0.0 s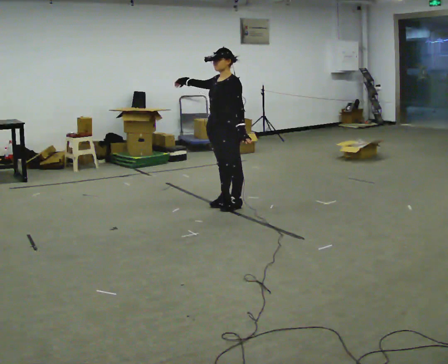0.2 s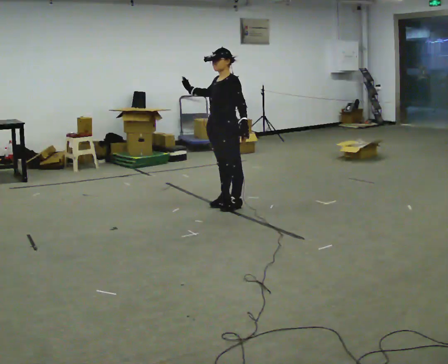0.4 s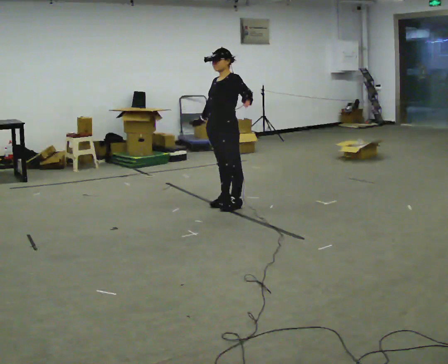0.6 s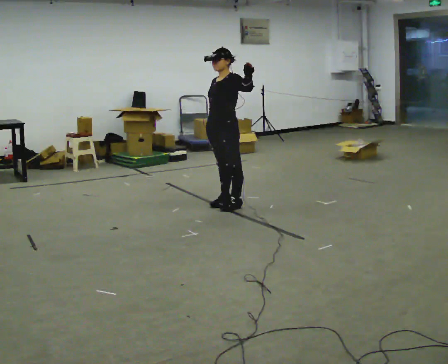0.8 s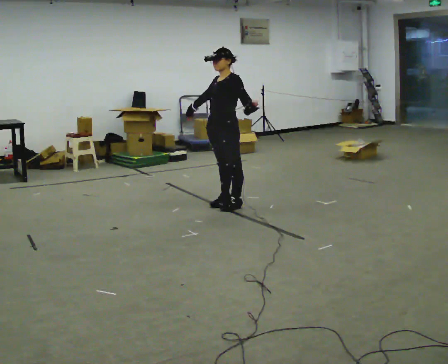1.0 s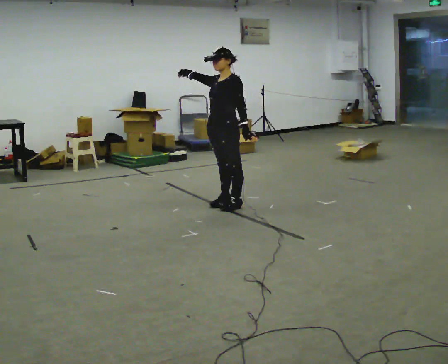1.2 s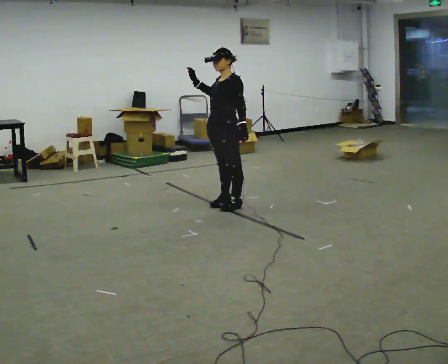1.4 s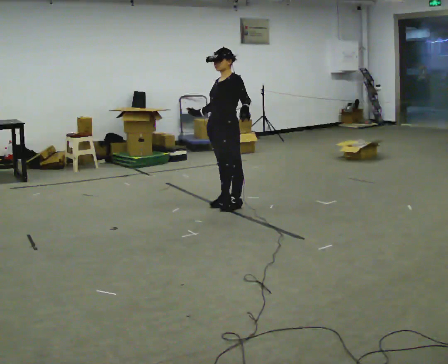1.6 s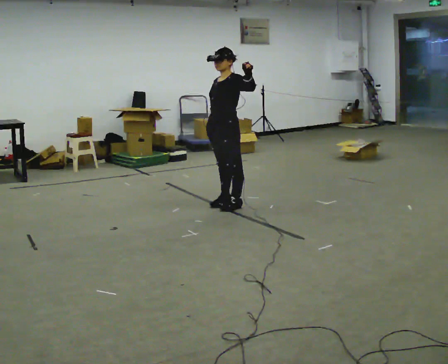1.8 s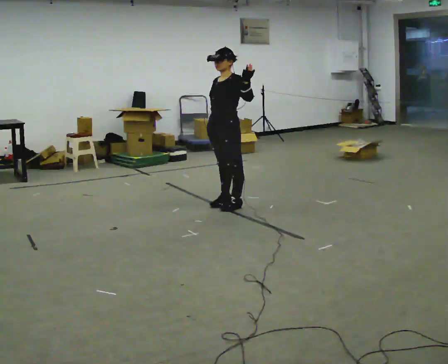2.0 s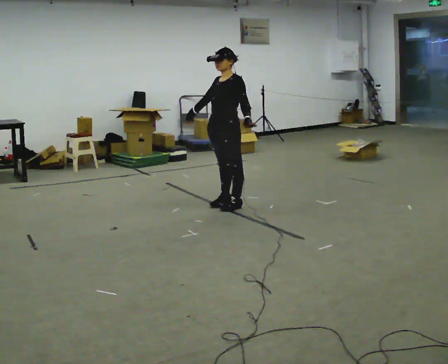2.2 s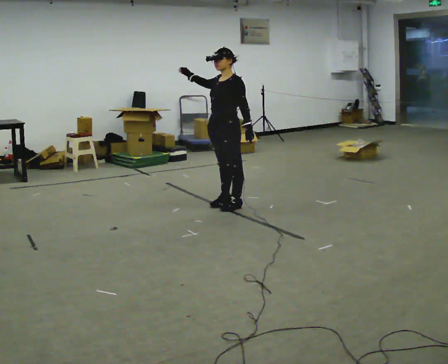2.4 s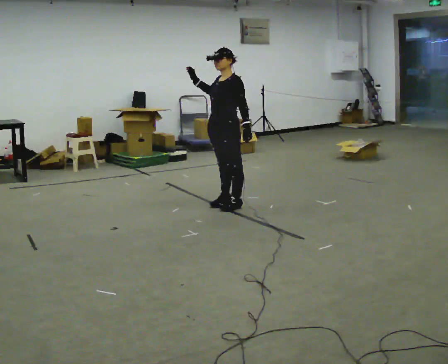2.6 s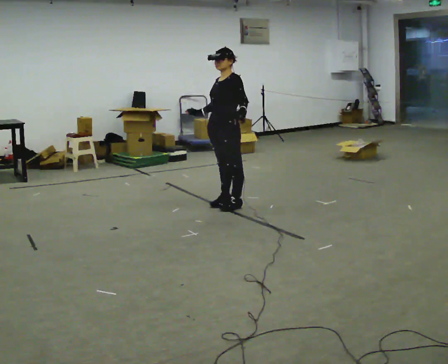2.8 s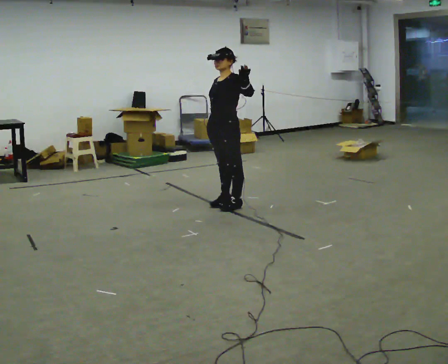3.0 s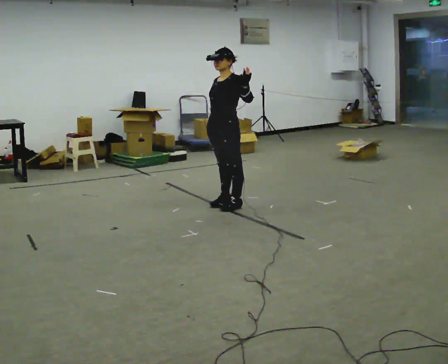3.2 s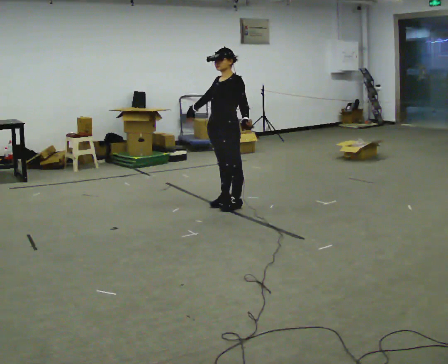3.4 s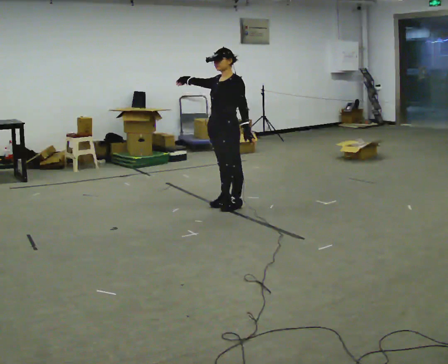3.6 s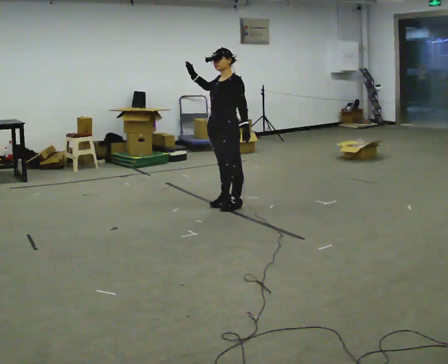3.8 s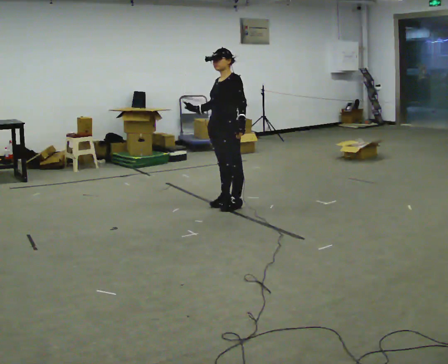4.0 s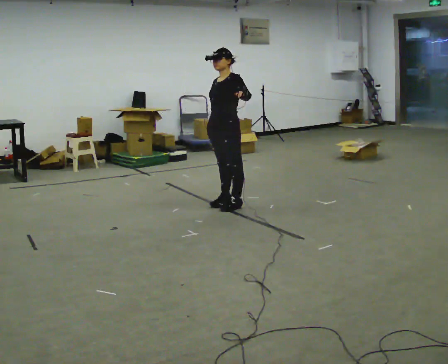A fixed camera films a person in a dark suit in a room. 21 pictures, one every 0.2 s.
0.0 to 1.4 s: In the picture their right hand goes downward.
1.4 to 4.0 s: The person moves a little, or ends about where they began.
The film runs forward here.
